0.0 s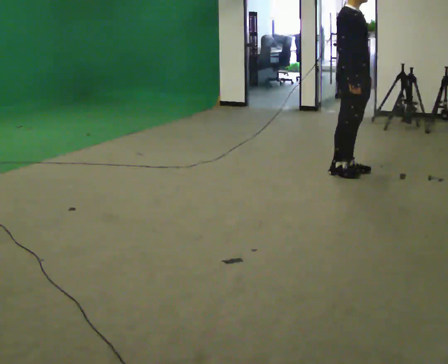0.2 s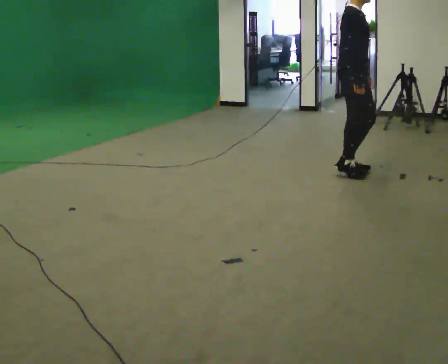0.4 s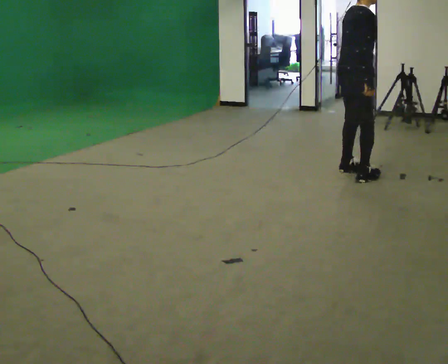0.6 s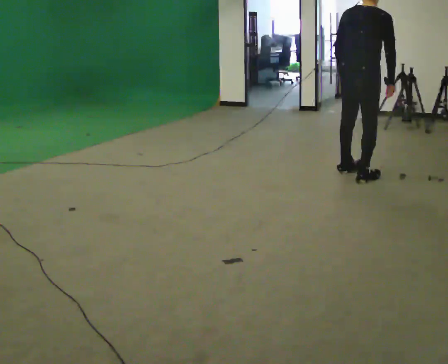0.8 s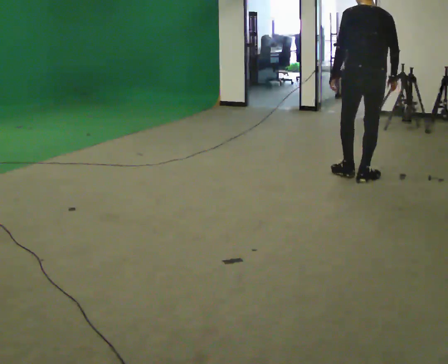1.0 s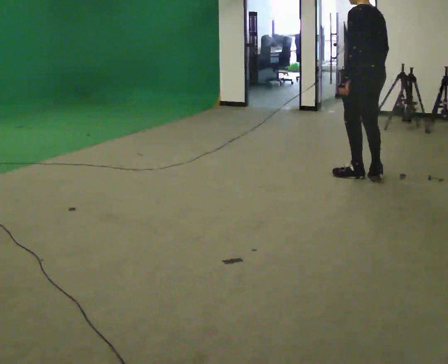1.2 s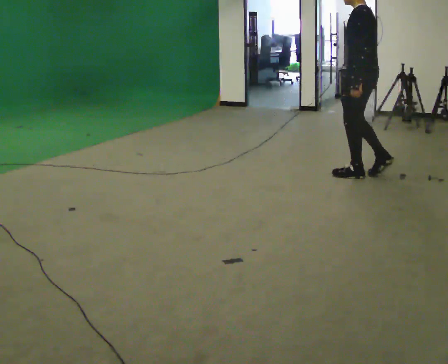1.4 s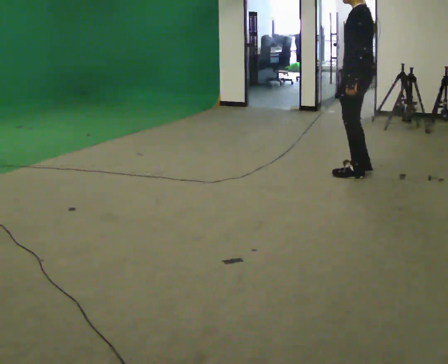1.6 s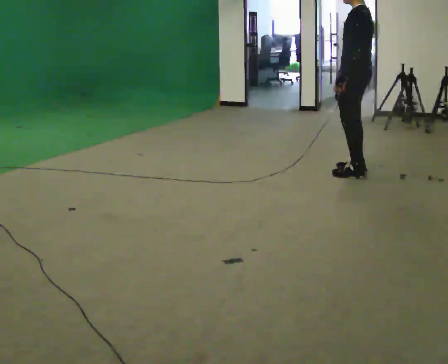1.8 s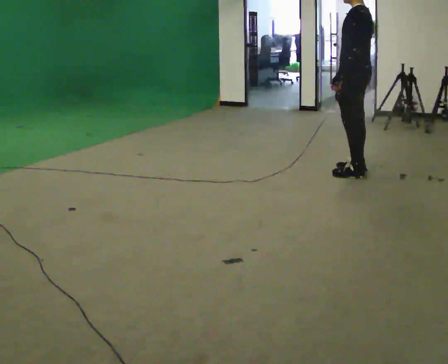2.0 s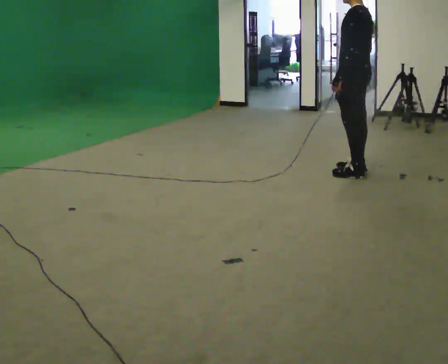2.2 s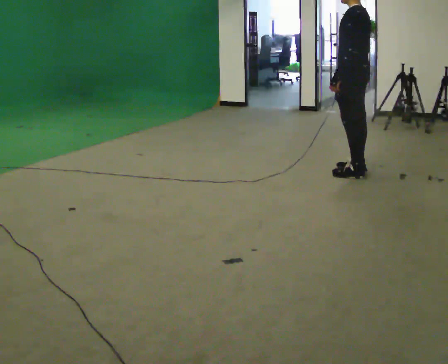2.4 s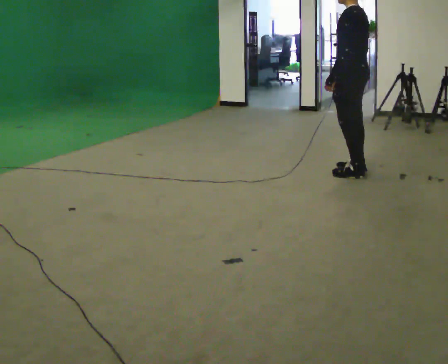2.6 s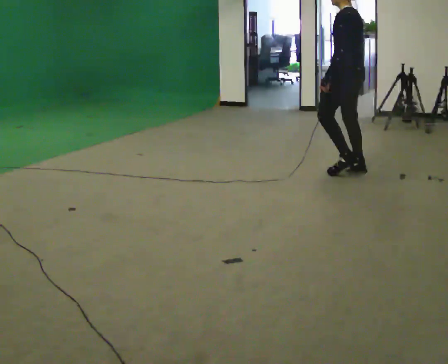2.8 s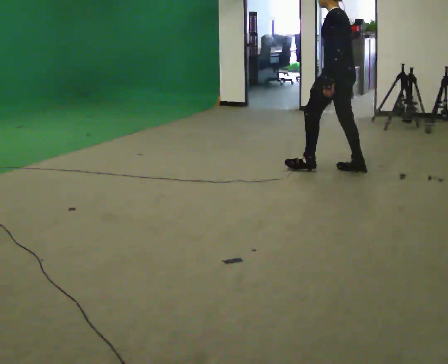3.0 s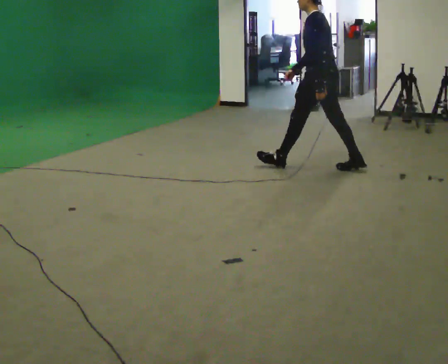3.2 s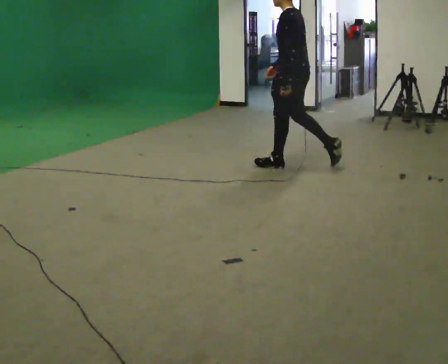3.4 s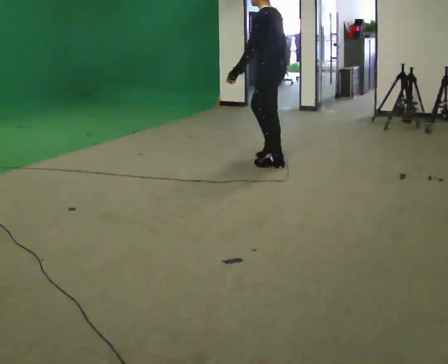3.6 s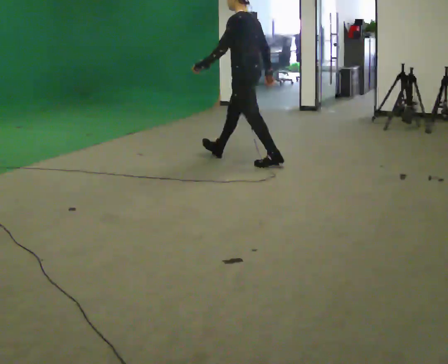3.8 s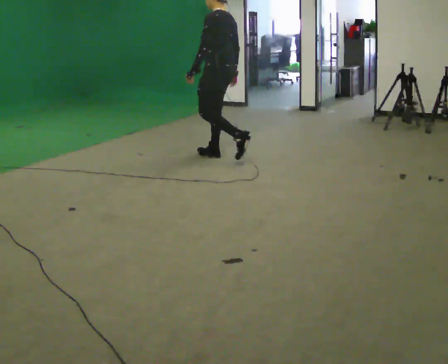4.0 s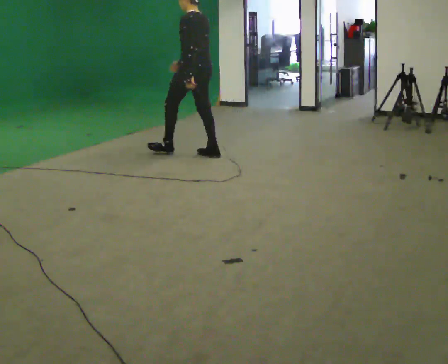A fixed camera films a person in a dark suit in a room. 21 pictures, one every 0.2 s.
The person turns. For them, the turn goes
to their left.
The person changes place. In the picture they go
to the left.
0.0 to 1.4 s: Seen from above the body turns counterclockwise, about 180 degrees: to their left, with its near side sliding to the right.
1.4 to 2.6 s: The person moves a little, or ends about where they began.
2.6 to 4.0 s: In the picture they go to the left, about 1.5 m in 2 steps, which for them is forward.
The film runs forward here.
